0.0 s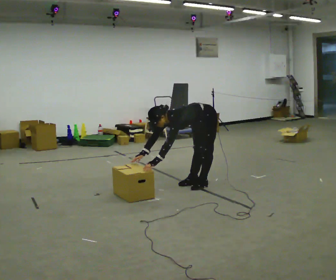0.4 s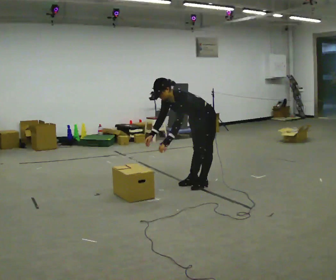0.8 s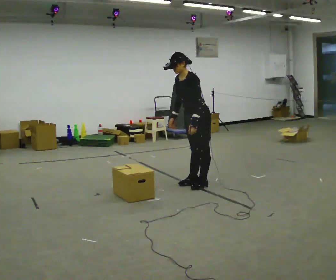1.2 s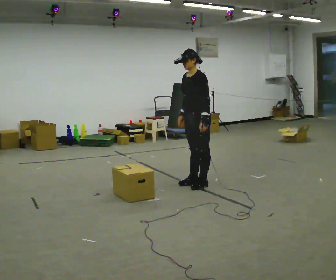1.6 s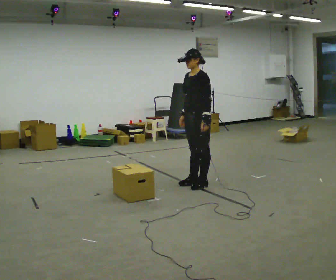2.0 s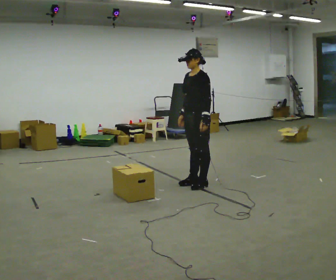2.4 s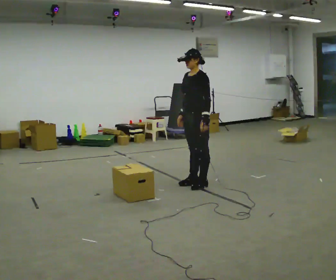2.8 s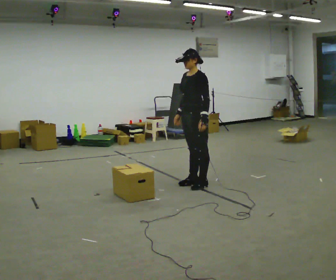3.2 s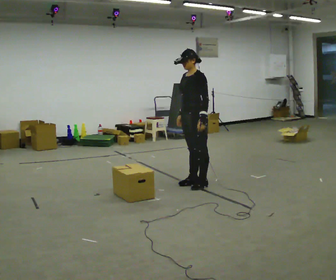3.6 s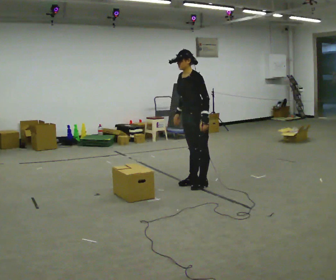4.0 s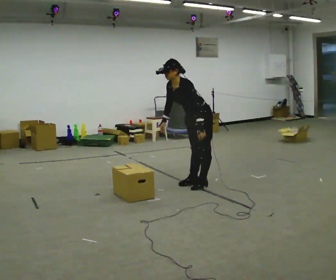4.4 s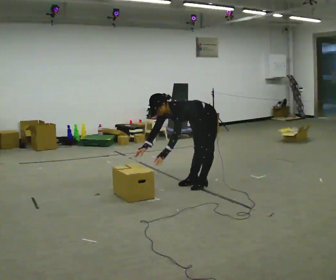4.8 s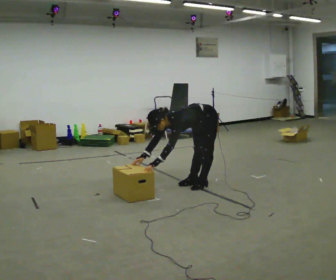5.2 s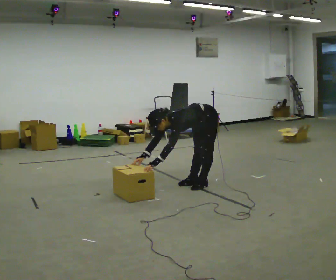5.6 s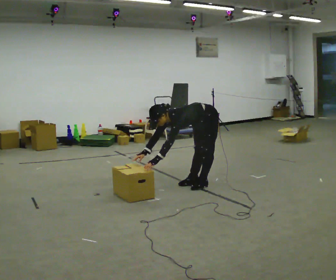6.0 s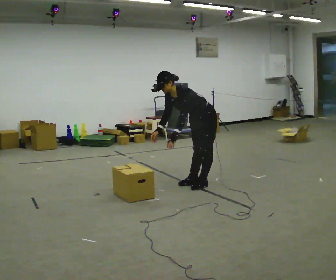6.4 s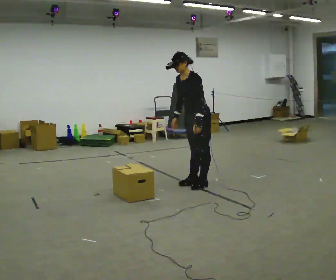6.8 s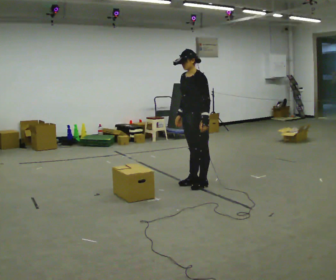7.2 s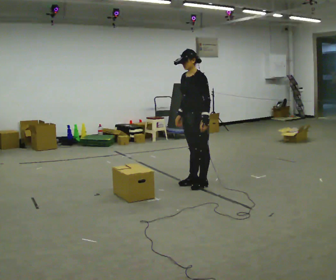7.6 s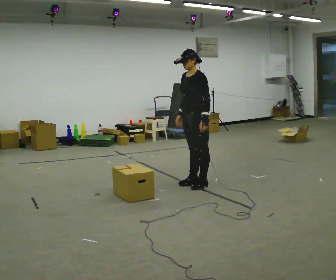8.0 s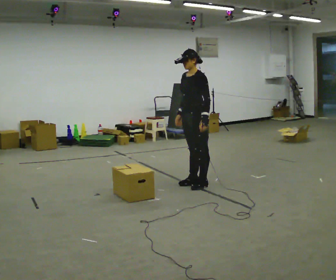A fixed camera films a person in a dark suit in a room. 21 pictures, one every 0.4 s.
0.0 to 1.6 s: The shoulders move upward. In the picture the upper body tilts clockwise, shoulders to the right, as they lean back or straighten. In the picture their right hand goes to the right and upward.
1.6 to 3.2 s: The person moves a little, or ends about where they began.
3.2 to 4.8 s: The shoulders move downward. In the picture the upper body tilts counterclockwise, shoulders to the left, as they bend forward. In the picture their right hand goes downward and to the left.
4.8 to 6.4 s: The upper body goes upward. In the picture the upper body tilts clockwise, shoulders to the right, as they lean back or straighten. In the picture their left hand goes to the right and upward.
6.4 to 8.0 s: In the picture the upper body tilts clockwise, shoulders to the right, as they lean back or straighten.
The film runs backward here.
